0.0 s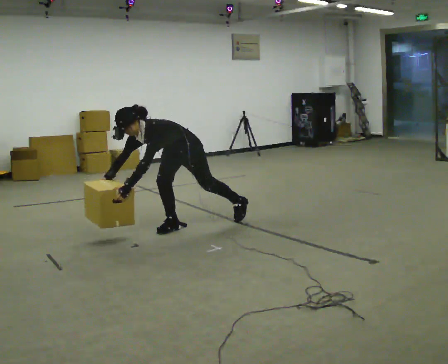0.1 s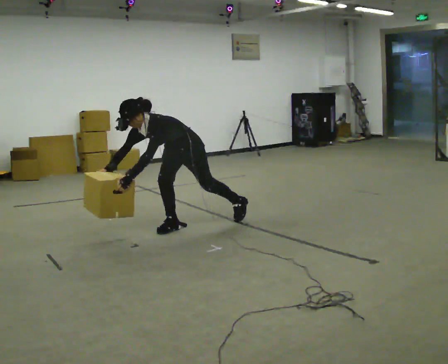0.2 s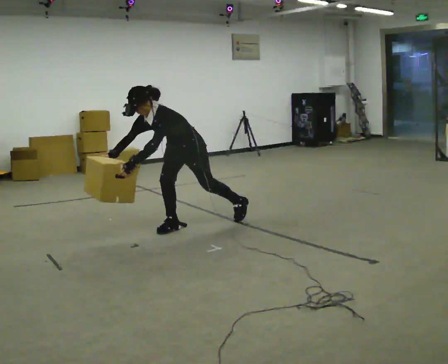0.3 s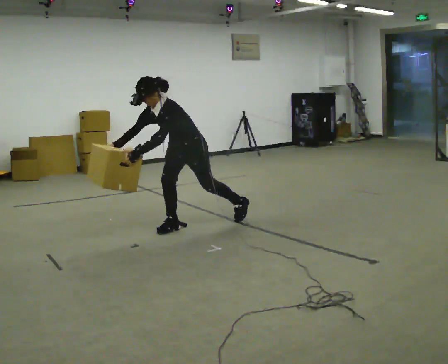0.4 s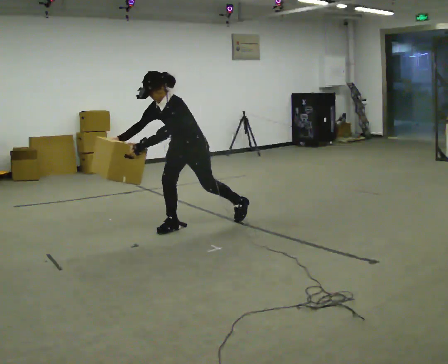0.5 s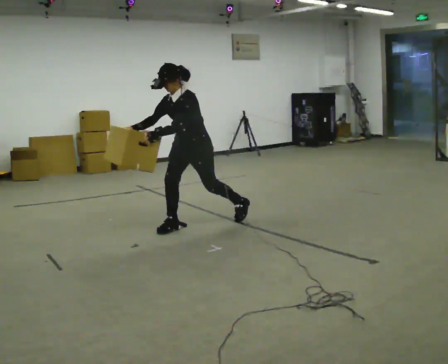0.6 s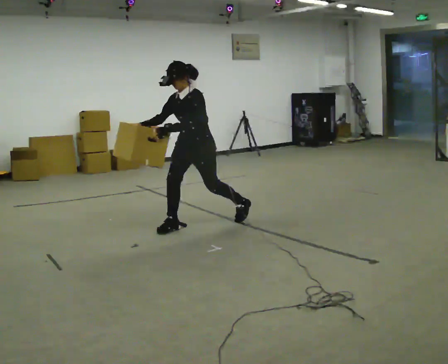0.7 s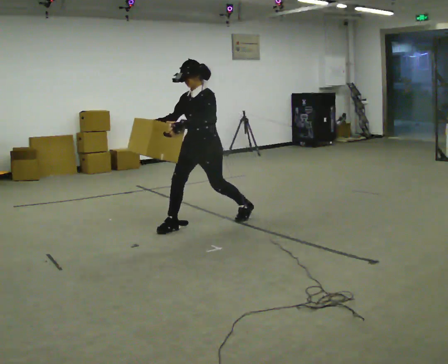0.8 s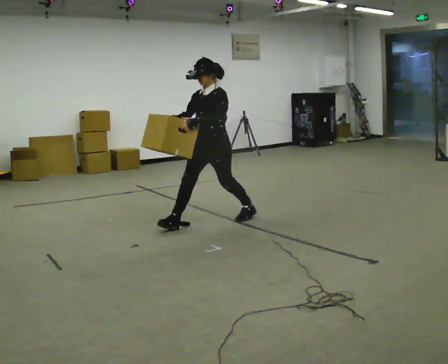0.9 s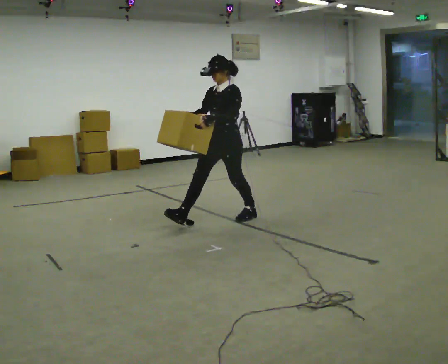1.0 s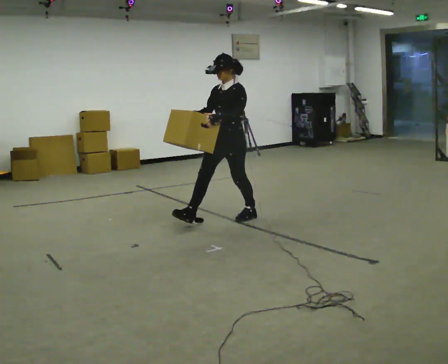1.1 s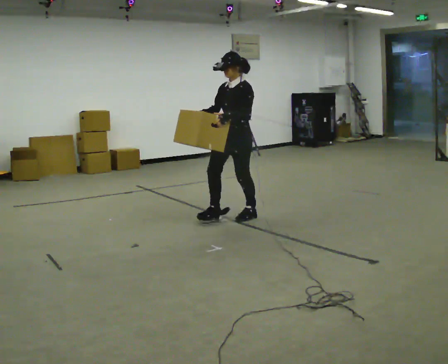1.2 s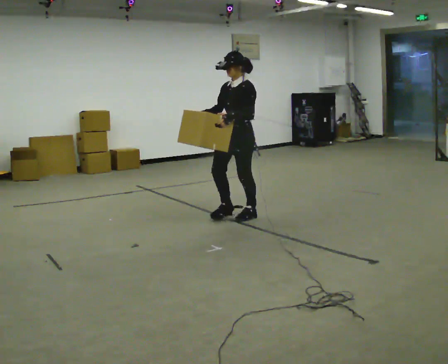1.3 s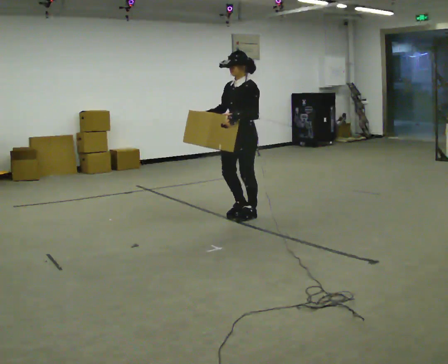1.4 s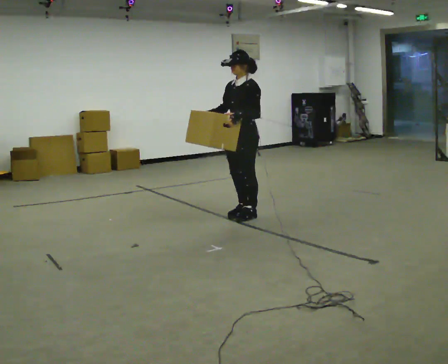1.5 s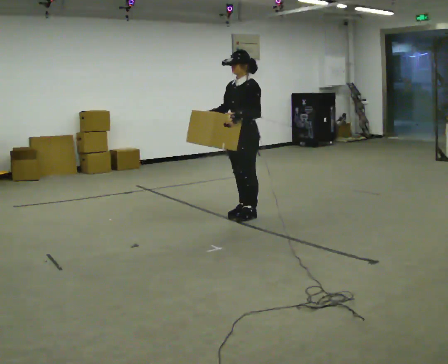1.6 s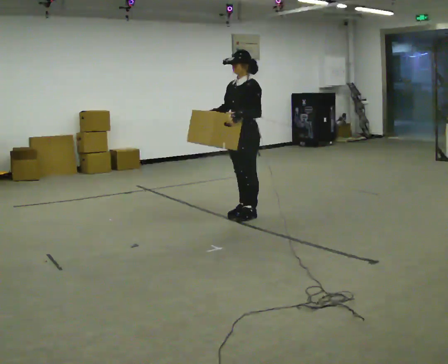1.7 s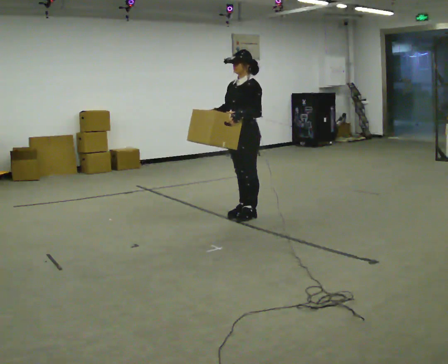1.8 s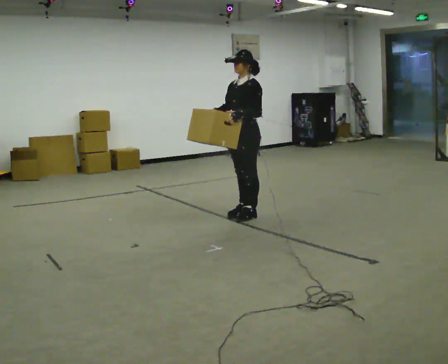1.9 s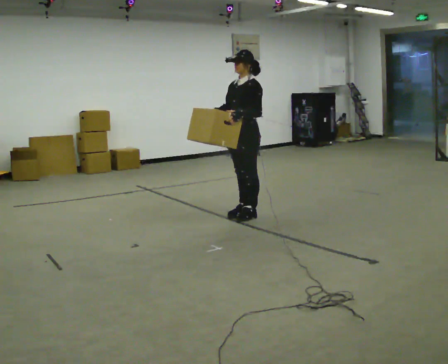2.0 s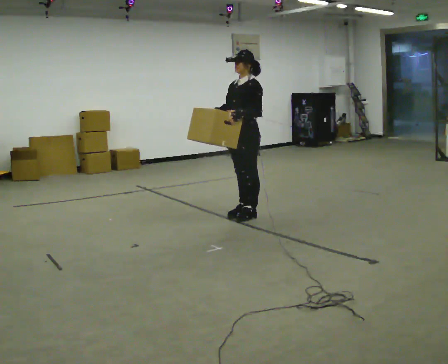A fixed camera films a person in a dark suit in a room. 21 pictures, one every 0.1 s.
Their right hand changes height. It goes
upward.
Their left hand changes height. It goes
upward.
0.0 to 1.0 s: In the picture they go to the right and away from the camera, about 0.5 m in 1 step, which for them is backward. The upper body goes upward. In the picture the upper body tilts clockwise, shoulders to the right, as they lean back or straighten. In the picture their left hand goes upward.
1.0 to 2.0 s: In the picture they go away from the camera and to the right, about 0.25 m, which for them is backward.
The film runs backward here.
